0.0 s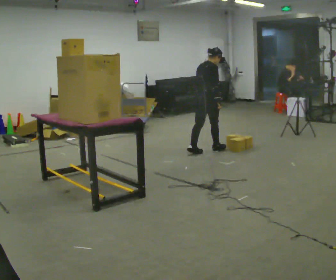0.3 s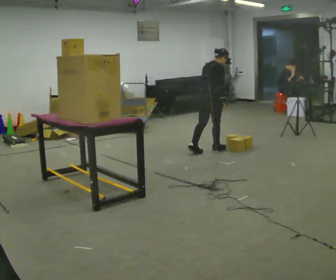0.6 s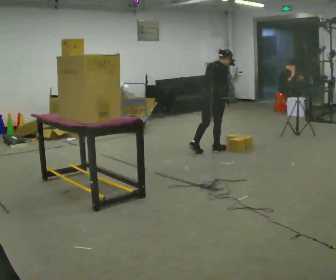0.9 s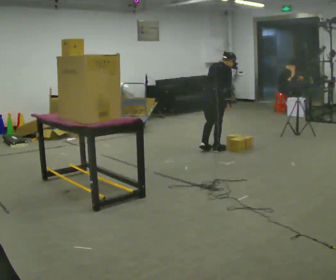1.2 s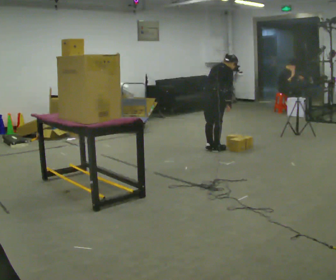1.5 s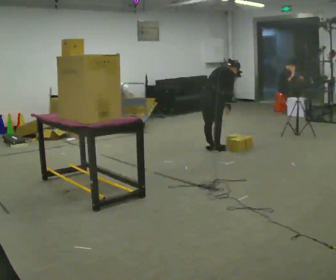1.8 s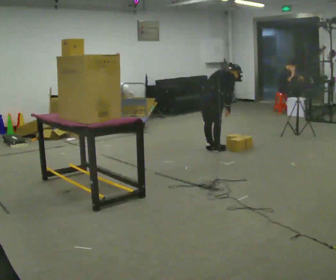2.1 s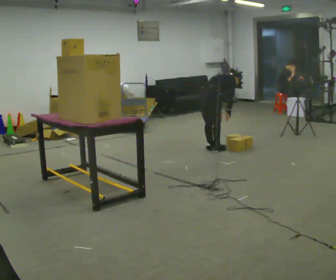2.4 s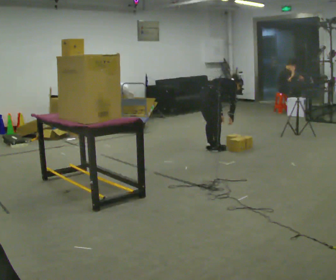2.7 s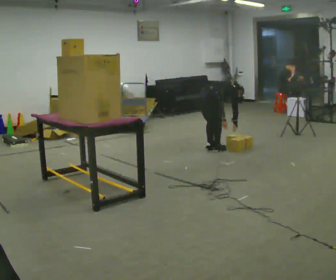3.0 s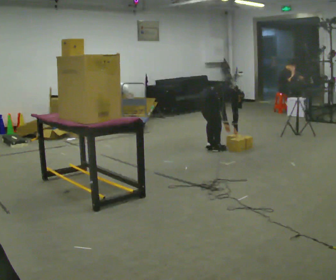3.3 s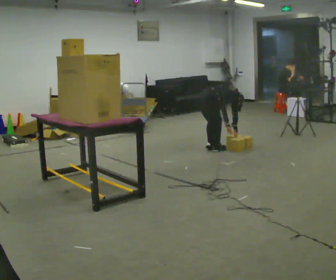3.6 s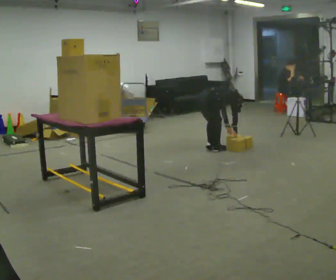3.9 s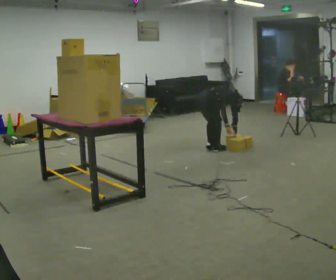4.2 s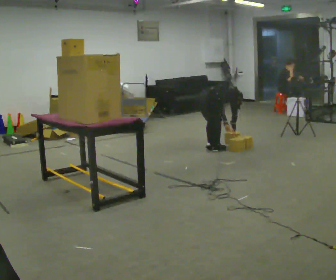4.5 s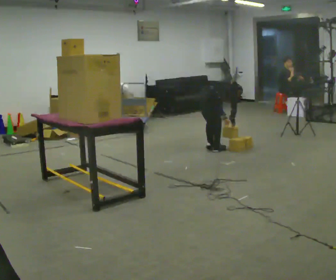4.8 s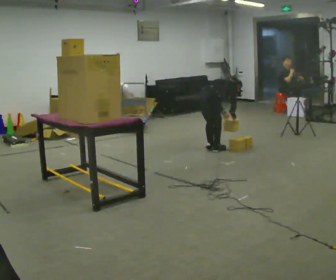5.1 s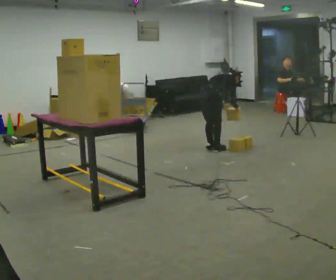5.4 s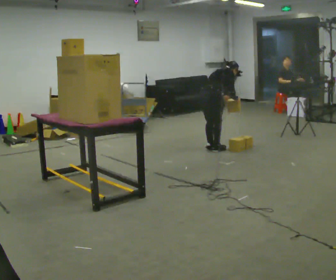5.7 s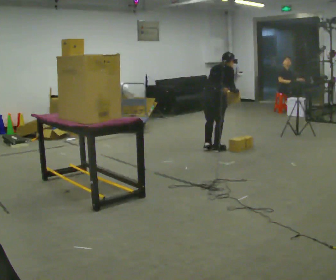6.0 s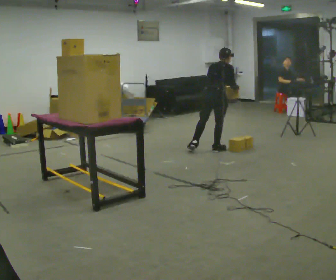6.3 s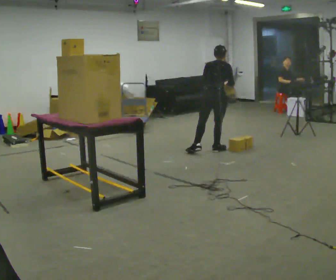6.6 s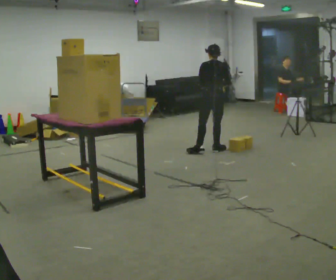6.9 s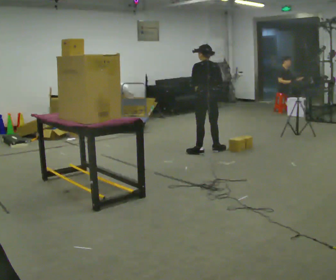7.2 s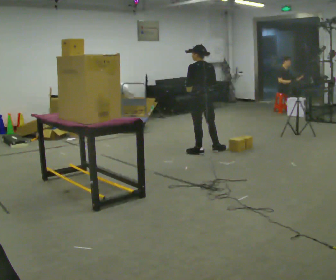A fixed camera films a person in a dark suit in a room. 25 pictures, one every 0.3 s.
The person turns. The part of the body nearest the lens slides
to the right.
The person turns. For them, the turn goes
to their left.
0.0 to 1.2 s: In the picture the upper body tilts clockwise, shoulders to the right, as they bend forward.
1.2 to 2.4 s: The upper body goes downward. The upper body tips away from the camera, its near side rolling upward, as they bend forward.
2.4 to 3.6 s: The shoulders move downward. The upper body tips away from the camera, its near side rolling upward, as they bend forward.
3.6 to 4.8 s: The shoulders move upward. In the picture the upper body tilts counterclockwise, shoulders to the left, as they lean back or straighten.
4.8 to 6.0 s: The shoulders move upward. The upper body tips toward the camera, its near side rolling downward, as they lean back or straighten. In the picture their right hand goes upward.
6.0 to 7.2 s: Seen from above the body turns counterclockwise, about 45 degrees: to their left, with its near side sliding to the right. In the picture they go to the left, about 0.25 m in 1 step, which for them is to their left. In the picture the upper body tilts counterclockwise, shoulders to the left, as they lean back or straighten. In the picture their right hand goes to the left.
The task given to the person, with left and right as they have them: Pick an object up off the floor, carry it across the room, and place it on the highest shelf you can comfortably reach. Keep going until the operator says stop; one object at a time, and do not rush between trips.
The film runs forward here.
